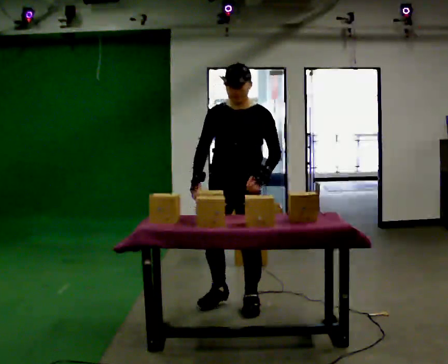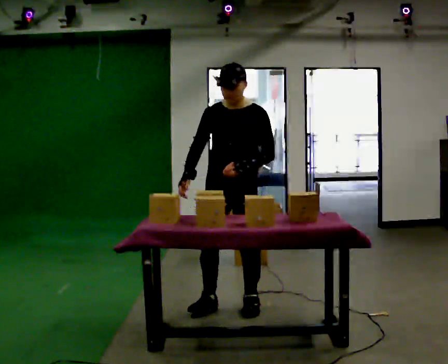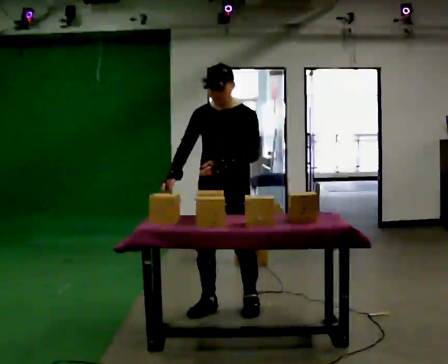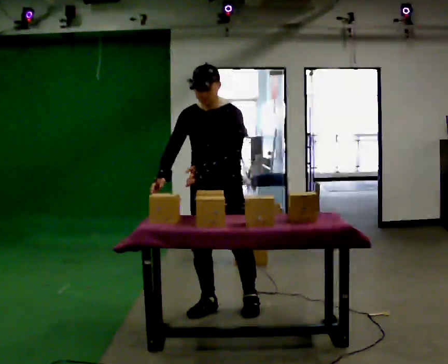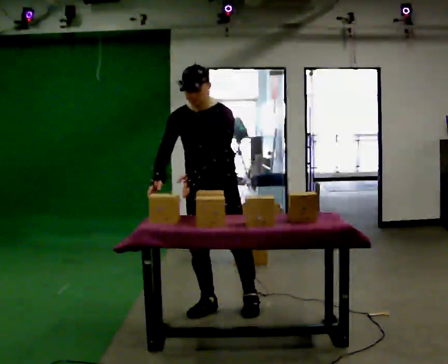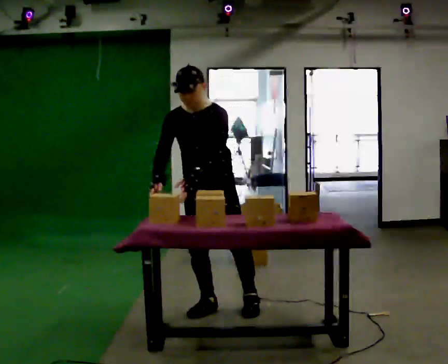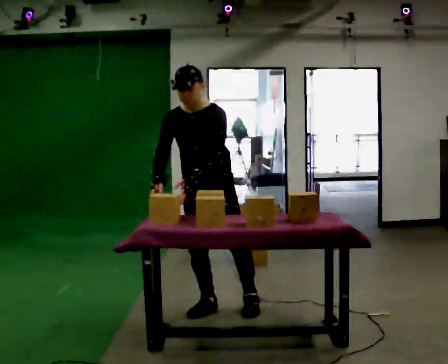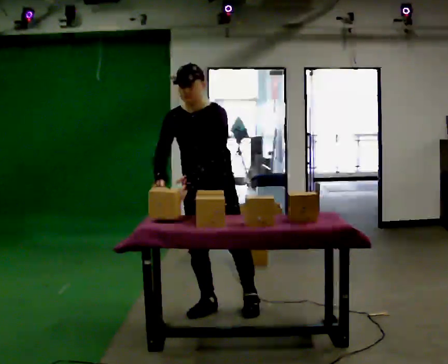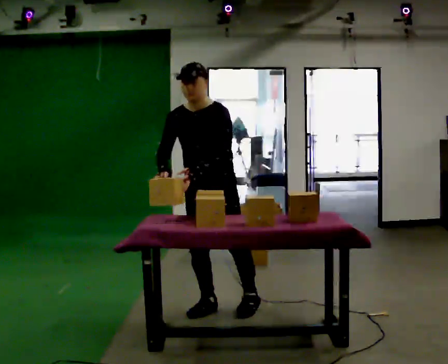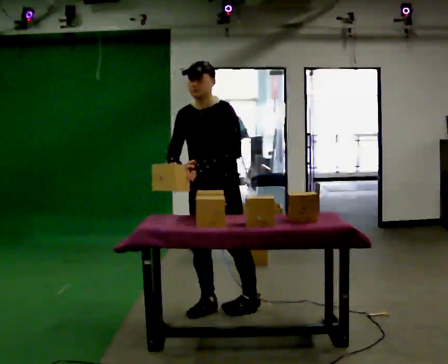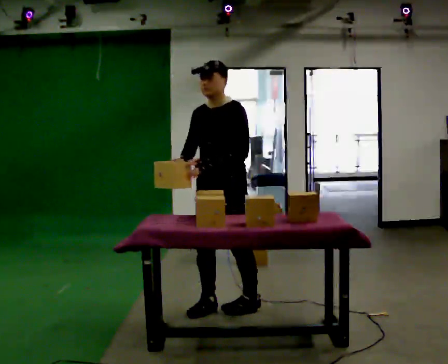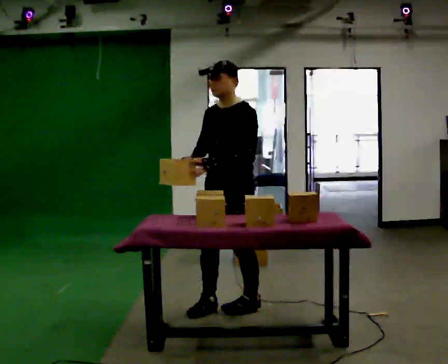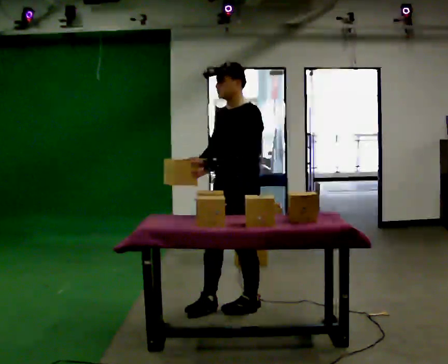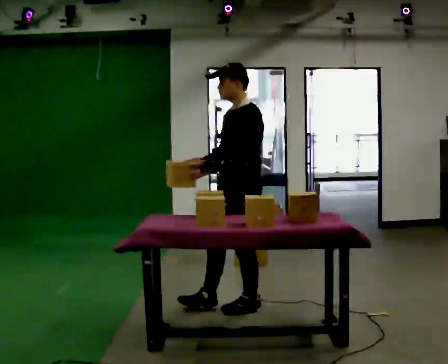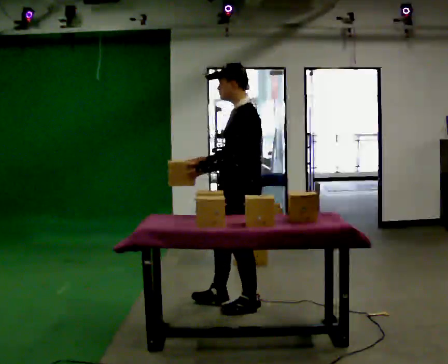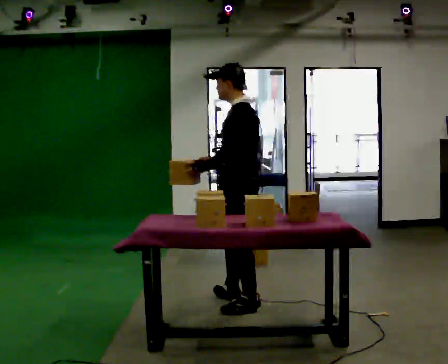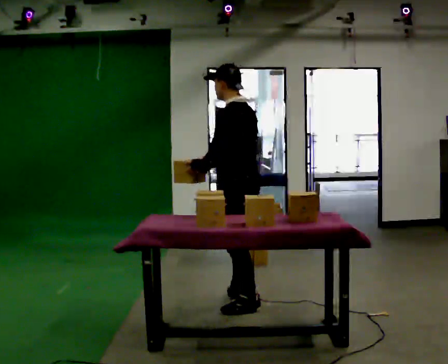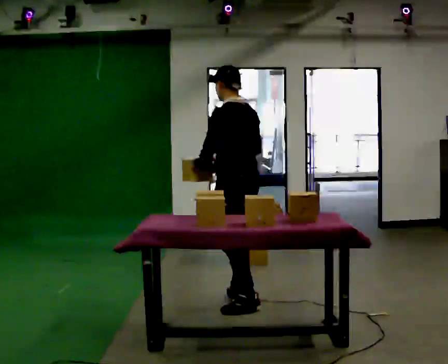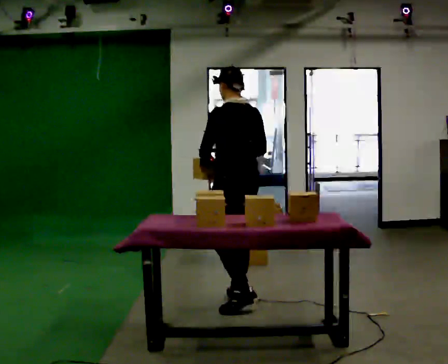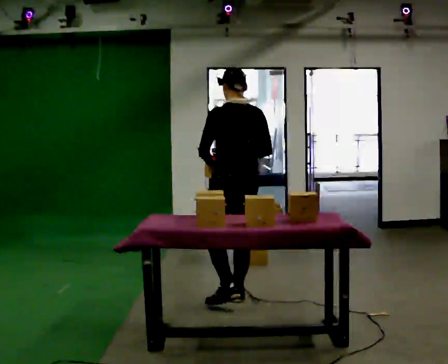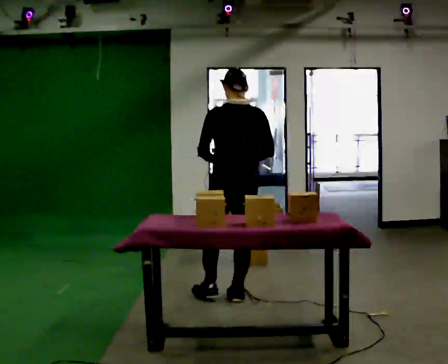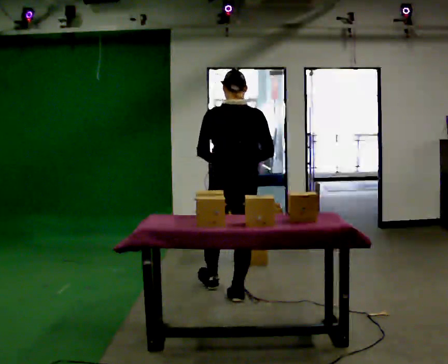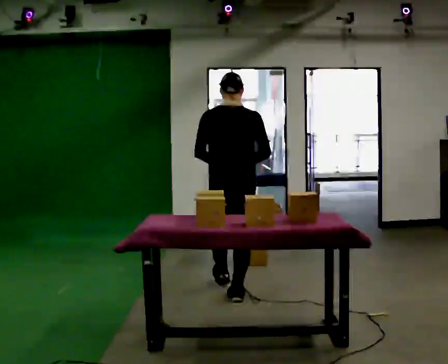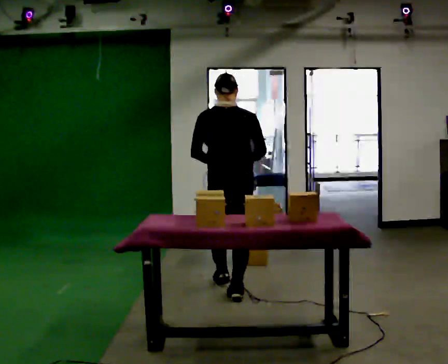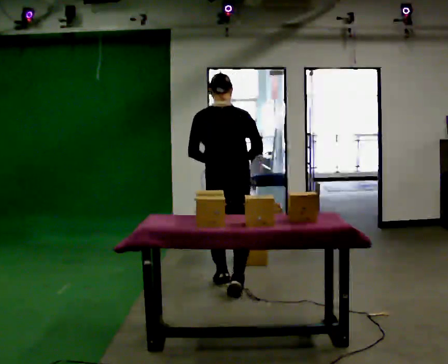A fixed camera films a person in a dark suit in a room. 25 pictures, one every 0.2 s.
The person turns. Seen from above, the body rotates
clockwise.
The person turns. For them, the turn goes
to their right.
0.0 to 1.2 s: In the picture they go to the left, about 0.25 m in 1 step, which for them is to their right. In the picture the upper body tilts counterclockwise, shoulders to the left.
1.2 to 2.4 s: The part of the body nearest the lens slides to the left as the person turns to their right by about 45 degrees. In the picture they go to the right, about 0.25 m, which for them is to their left.
2.4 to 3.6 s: Seen from above the body turns clockwise, about 75 degrees: to their right, with its near side sliding to the left. In the picture they go away from the camera, about 0.25 m in 1 step.
3.6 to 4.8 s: Seen from above the body turns clockwise, about 45 degrees: to their right, with its near side sliding to the left. In the picture they go away from the camera, about 0.5 m in 1 step, which for them is forward.
The film runs forward here.
